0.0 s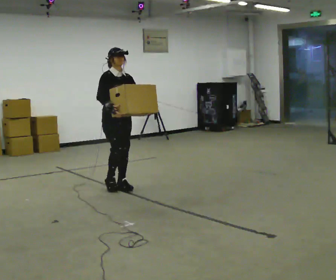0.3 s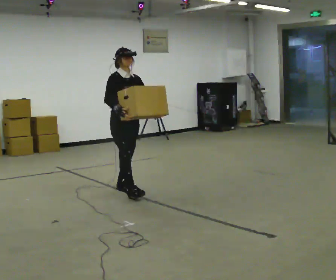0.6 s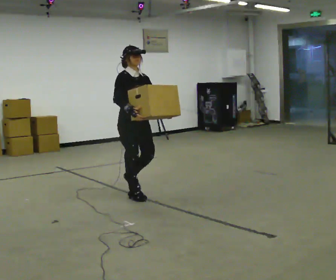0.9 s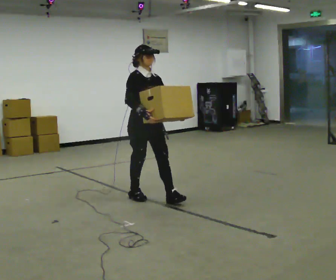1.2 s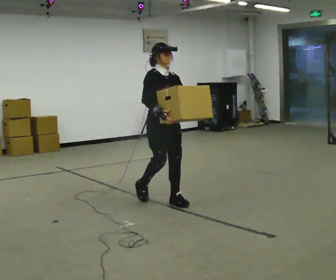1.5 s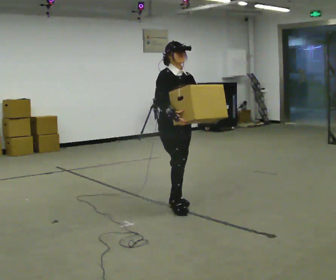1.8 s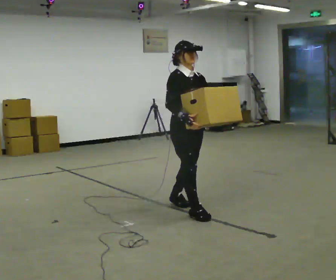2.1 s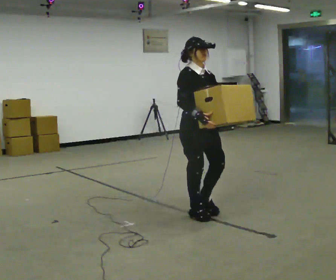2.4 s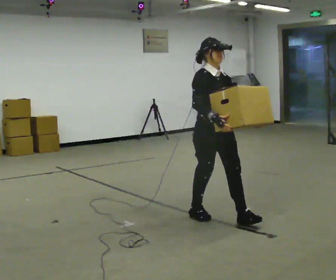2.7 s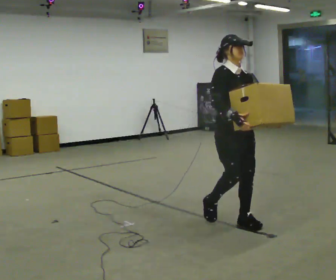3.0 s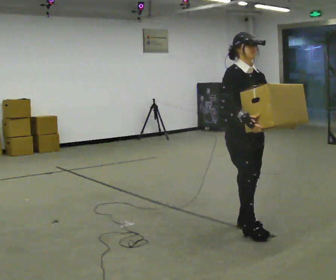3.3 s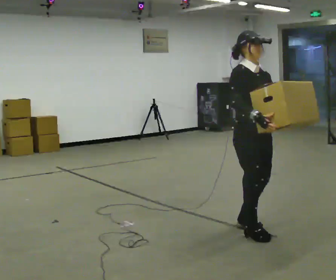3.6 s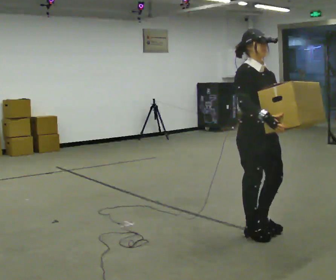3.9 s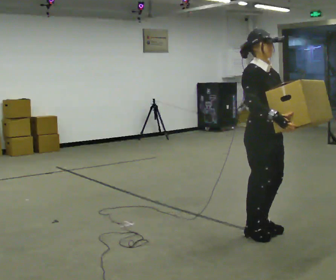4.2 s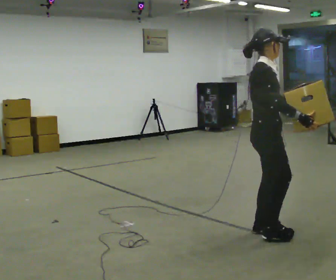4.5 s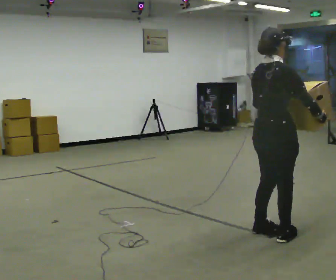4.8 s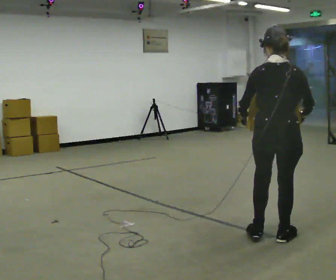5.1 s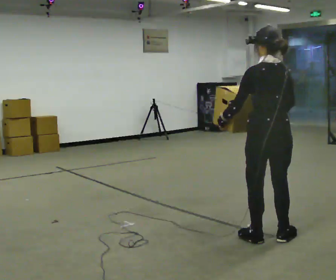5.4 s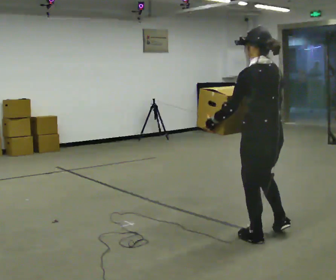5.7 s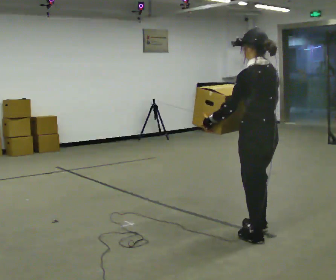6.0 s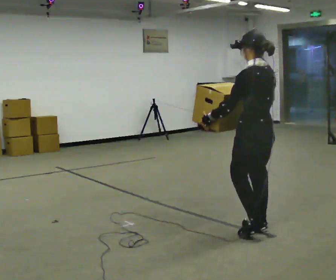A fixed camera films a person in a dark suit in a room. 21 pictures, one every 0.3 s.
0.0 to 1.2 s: In the picture they go to the right and toward the camera, about 1 m in 2 steps, which for them is forward.
1.2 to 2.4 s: In the picture they go to the right and toward the camera, about 1 m in 2 steps, which for them is forward.
2.4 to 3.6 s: In the picture they go toward the camera and to the right, about 0.5 m in 1 step, which for them is forward.
3.6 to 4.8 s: The part of the body nearest the lens slides to the right as the person turns to their left by about 120 degrees. In the picture they go toward the camera, about 0.25 m in 2 steps. In the picture their right hand goes to the right.
4.8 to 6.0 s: Seen from above the body turns counterclockwise, about 60 degrees: to their left, with its near side sliding to the right. In the picture they go away from the camera, about 0.25 m in 2 steps, which for them is forward.
The film runs forward here.
